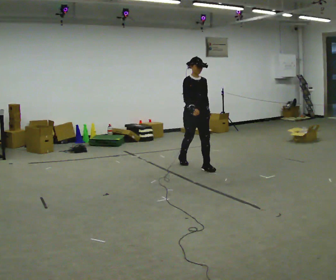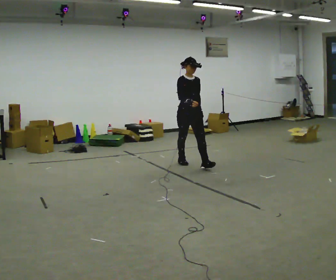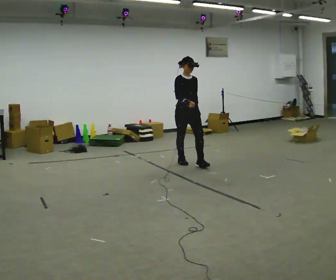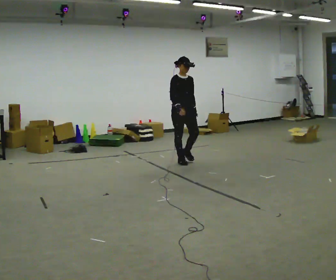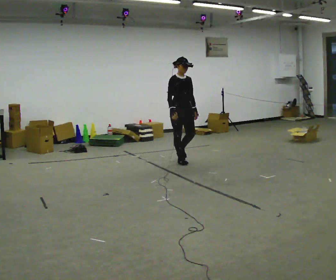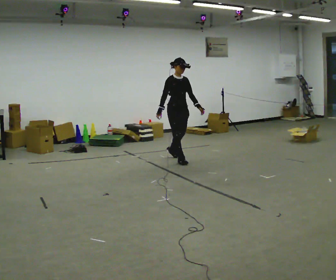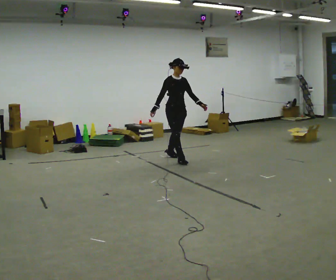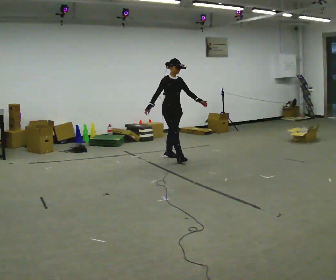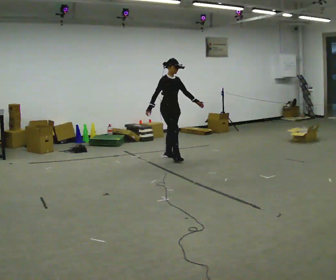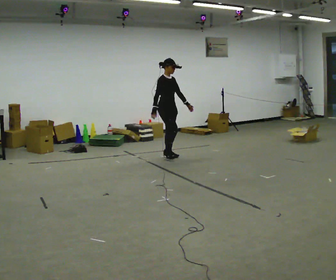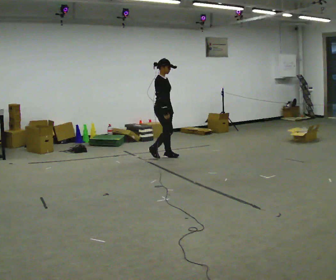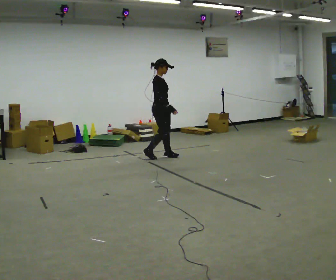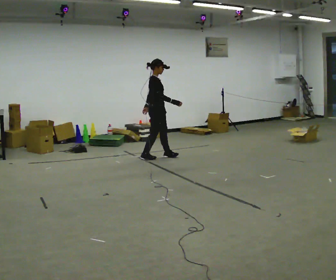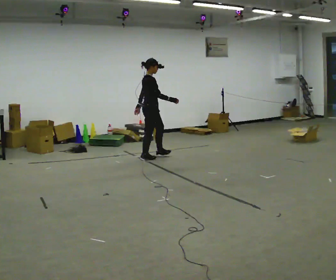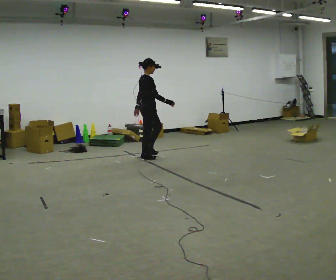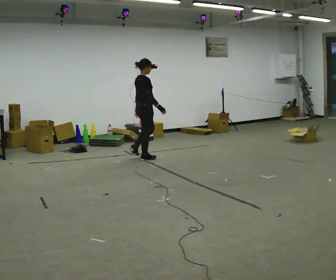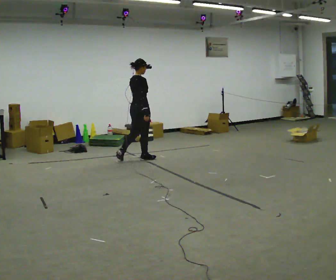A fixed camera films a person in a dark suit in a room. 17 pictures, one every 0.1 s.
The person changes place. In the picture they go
to the left.
The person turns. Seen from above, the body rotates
counterclockwise.
0.0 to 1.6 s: Seen from above the body turns counterclockwise, about 105 degrees: to their left, with its near side sliding to the right. In the picture they go to the left and away from the camera, about 1 m in 3 steps.
The film runs backward here.
